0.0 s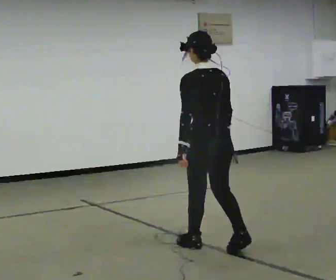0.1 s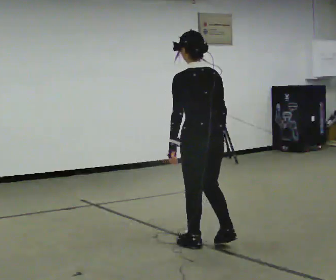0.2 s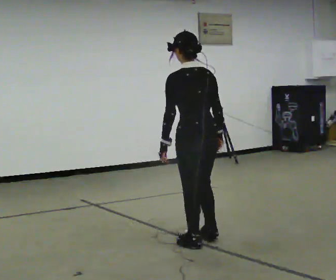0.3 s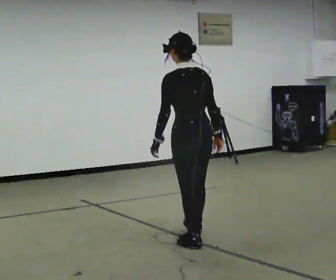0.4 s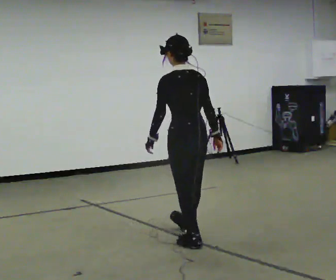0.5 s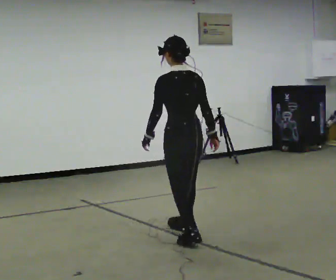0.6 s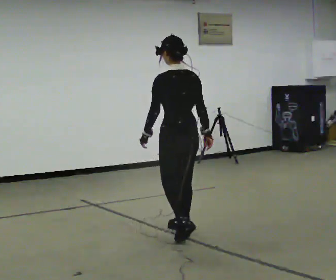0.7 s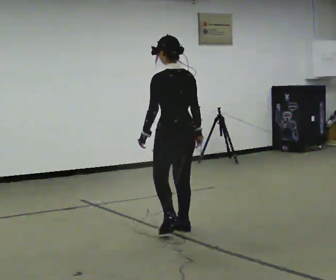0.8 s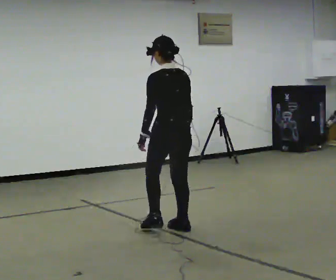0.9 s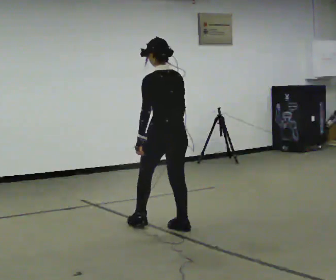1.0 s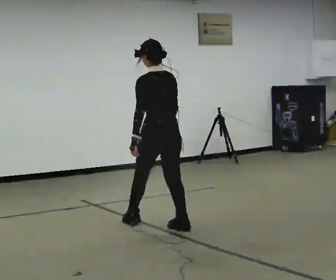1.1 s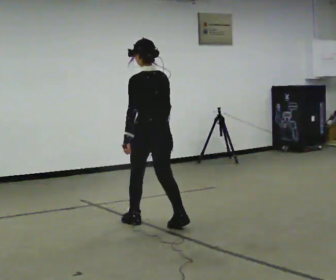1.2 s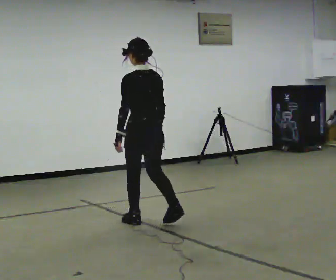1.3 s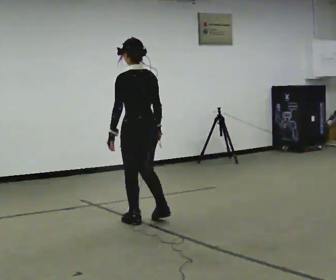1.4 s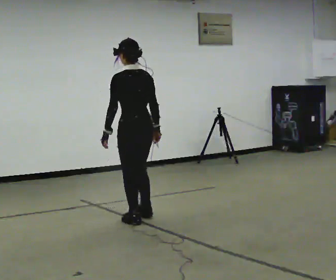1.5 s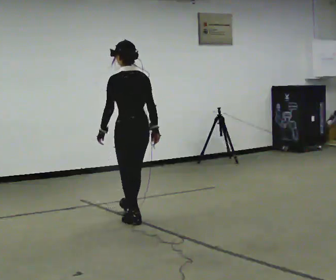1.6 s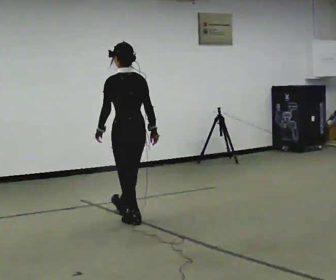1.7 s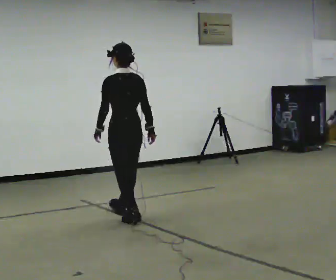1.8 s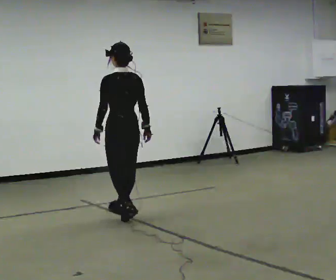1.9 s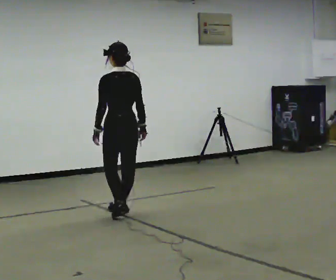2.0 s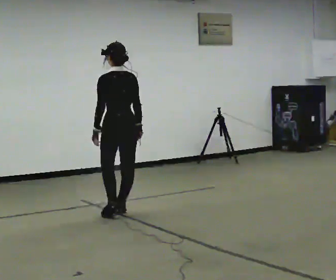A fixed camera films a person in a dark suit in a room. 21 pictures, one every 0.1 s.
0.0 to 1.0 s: In the picture they go away from the camera and to the left, about 1 m in 1 step, which for them is forward.
1.0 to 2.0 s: In the picture they go away from the camera and to the left, about 0.75 m in 2 steps, which for them is forward.
The film runs backward here.
